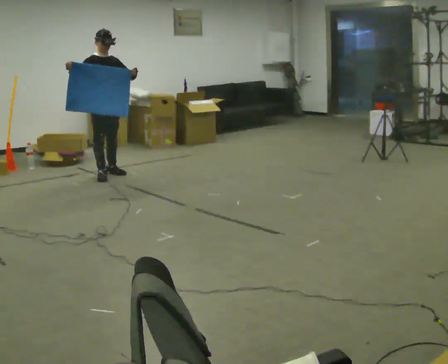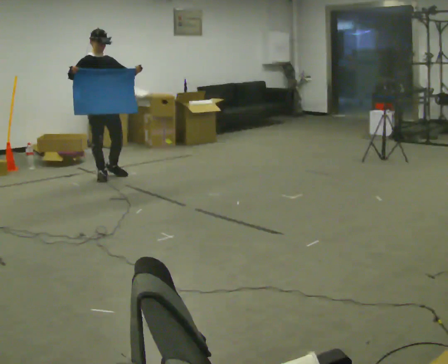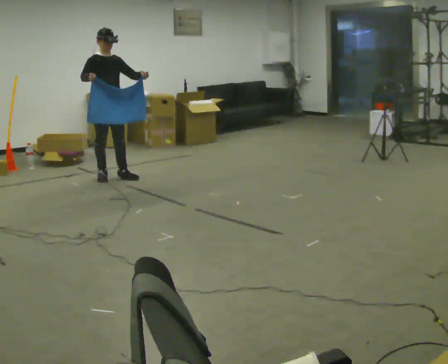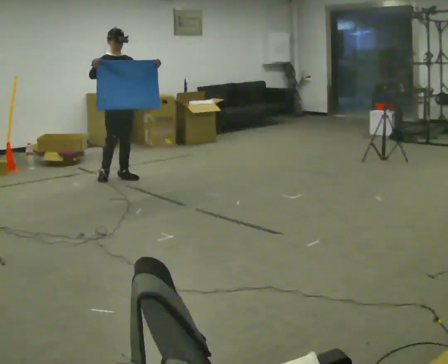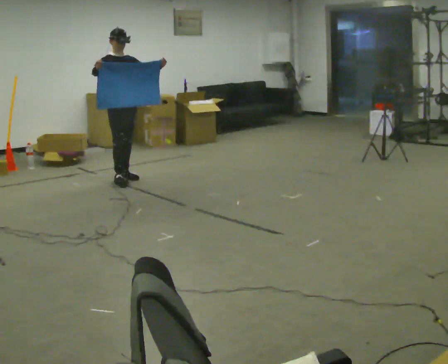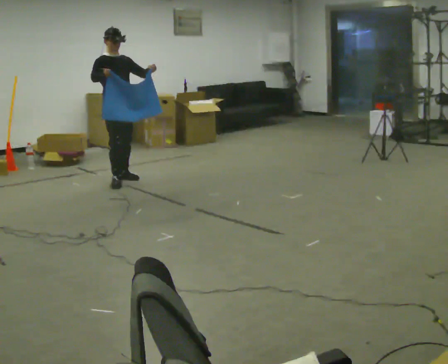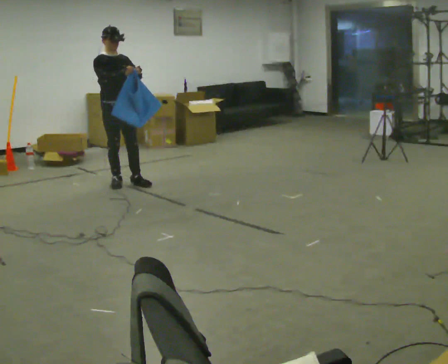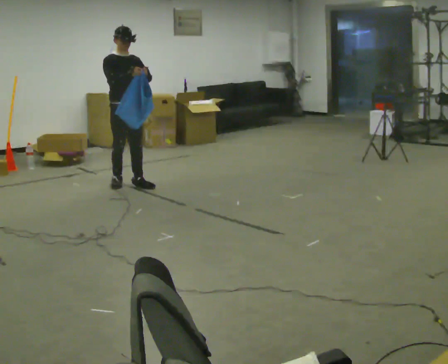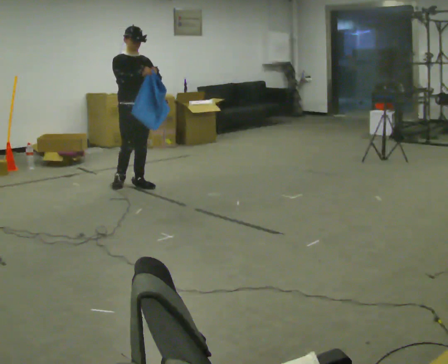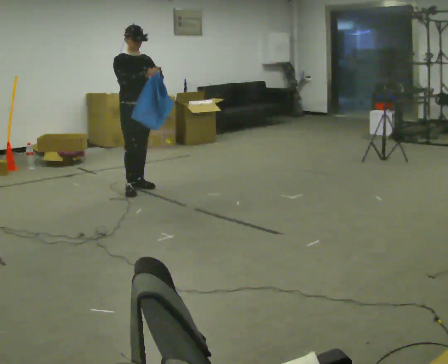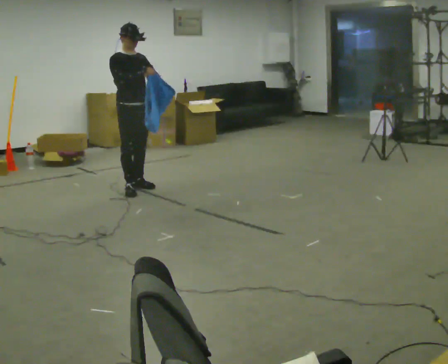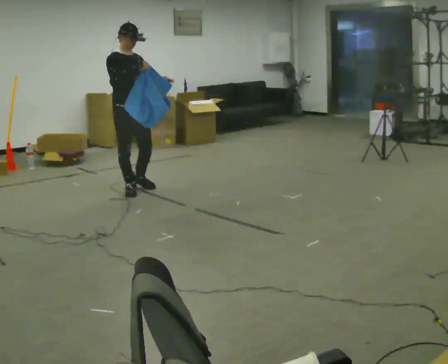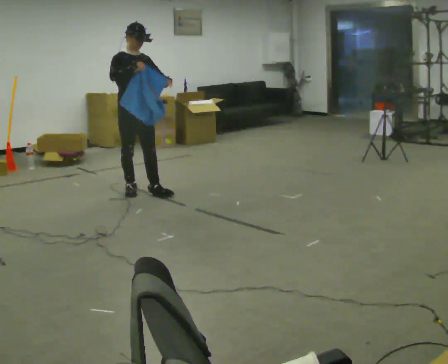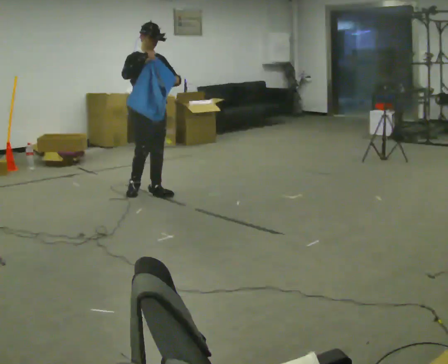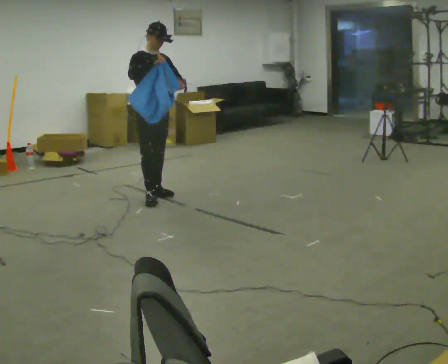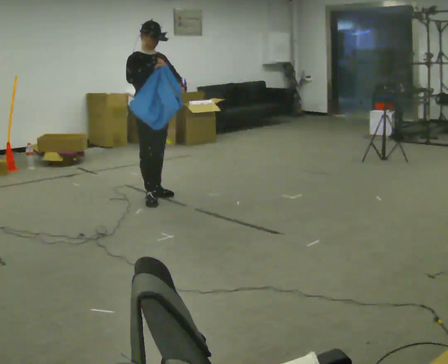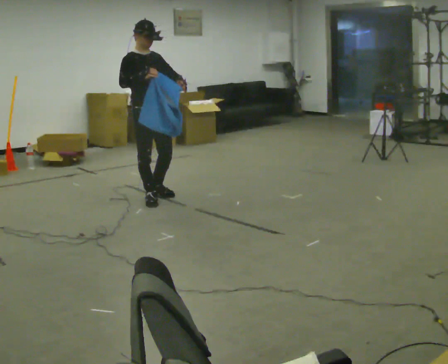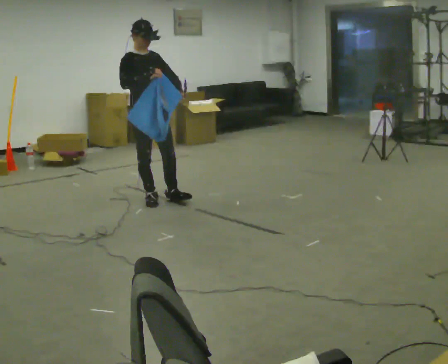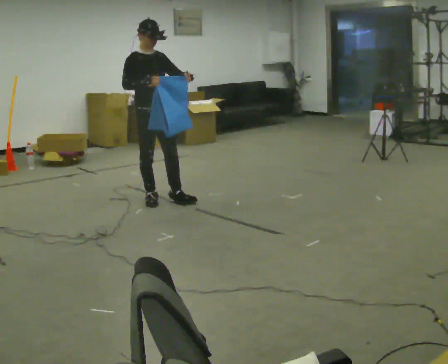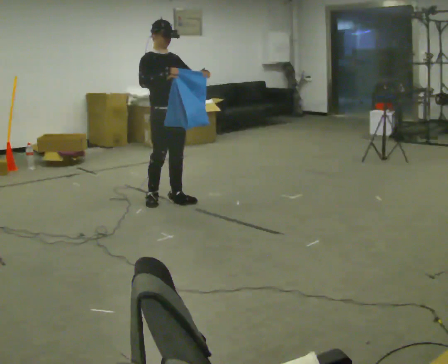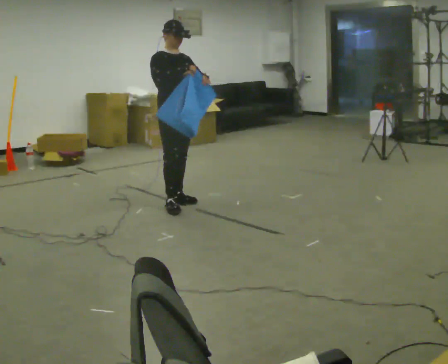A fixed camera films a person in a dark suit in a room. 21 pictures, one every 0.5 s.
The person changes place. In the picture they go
toward the camera.
0.0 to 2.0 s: In the picture they go to the right, about 0.25 m in 1 step, which for them is forward. In the picture their right hand goes to the right.
2.0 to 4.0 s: In the picture they go toward the camera, about 0.25 m in 2 steps, which for them is forward.
4.0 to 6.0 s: In the picture they go toward the camera, about 0.25 m in 2 steps, which for them is forward and to their right.
6.0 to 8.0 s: In the picture they go toward the camera, about 0.25 m in 1 step, which for them is forward.
8.0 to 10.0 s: In the picture they go to the right, about 0.25 m in 1 step, which for them is forward and to their left.
The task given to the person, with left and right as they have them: Carry the cloth and, while walking, fold it in half, then unfold it. Keep repeating as you walk. Do not stop.
The film runs forward here.
